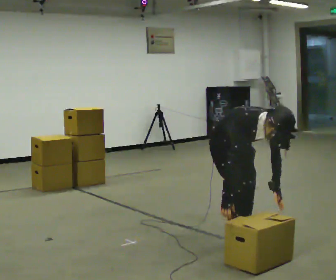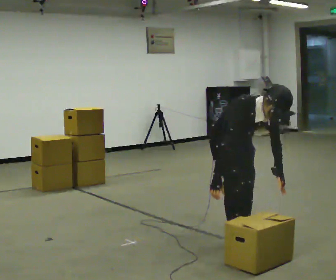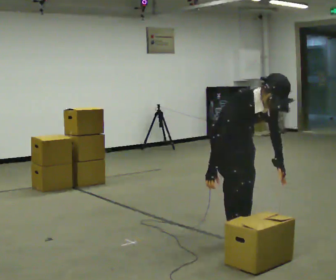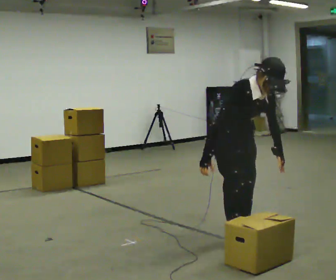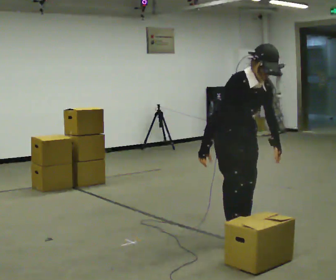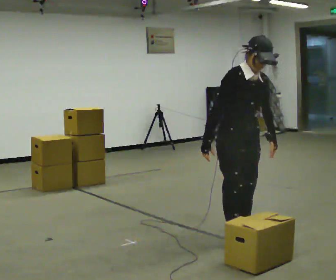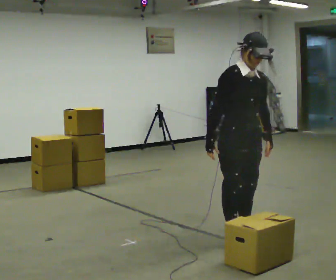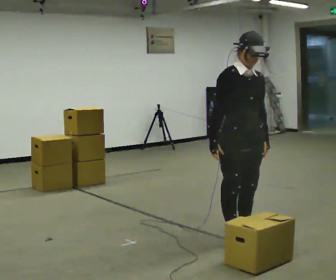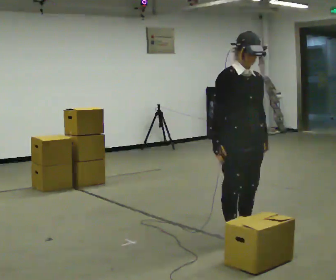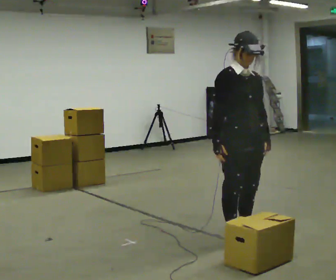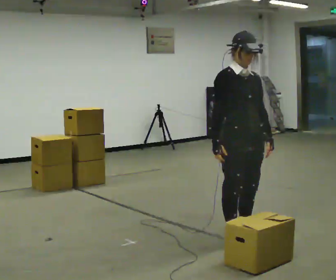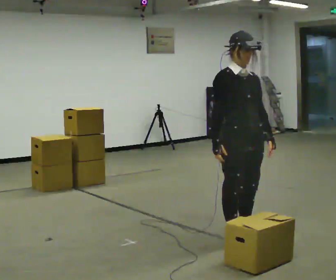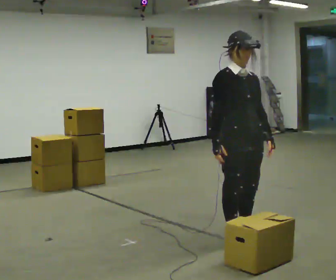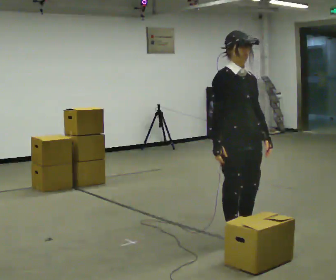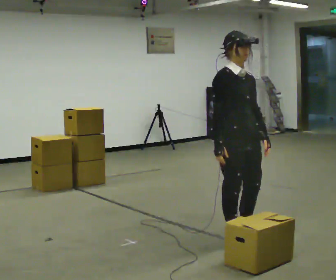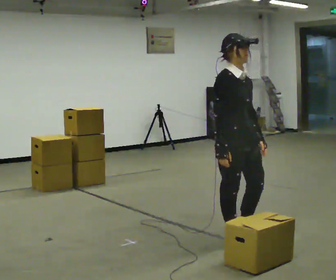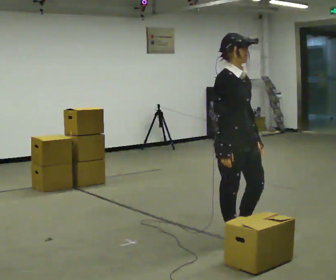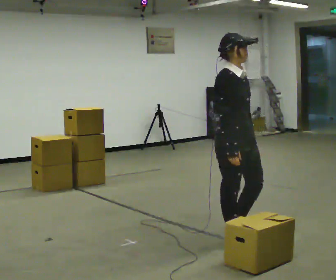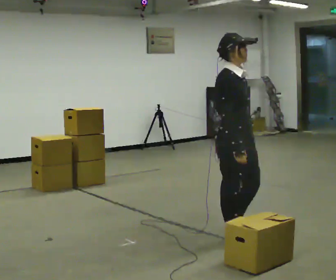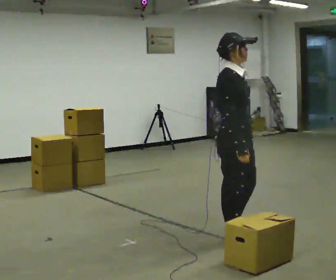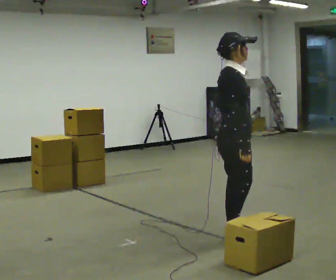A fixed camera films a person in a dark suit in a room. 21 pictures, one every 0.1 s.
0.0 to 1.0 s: The shoulders move upward. The upper body tips away from the camera, its near side rolling upward, as they lean back or straighten.
1.0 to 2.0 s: Seen from above the body turns counterclockwise, about 45 degrees: to their left, with its near side sliding to the right.
The film runs forward here.
